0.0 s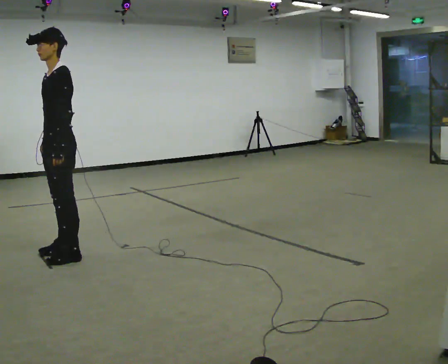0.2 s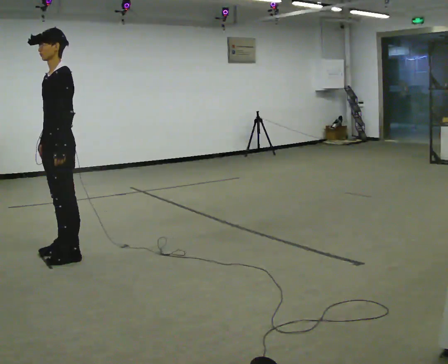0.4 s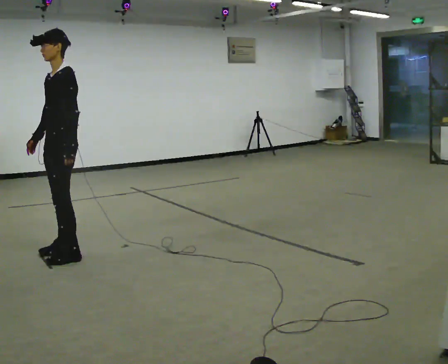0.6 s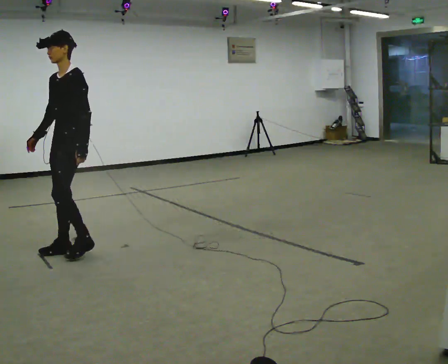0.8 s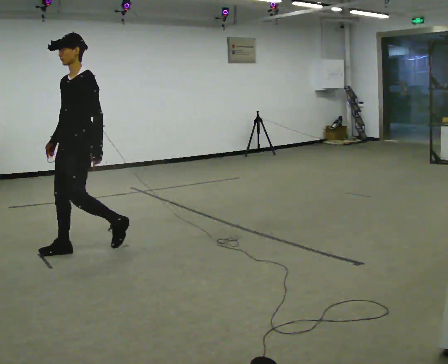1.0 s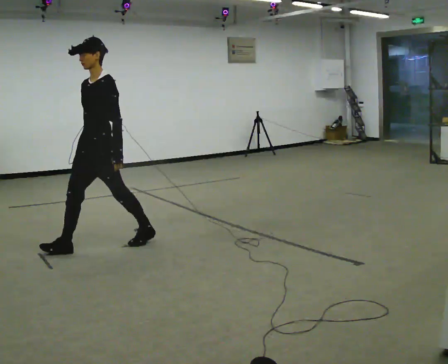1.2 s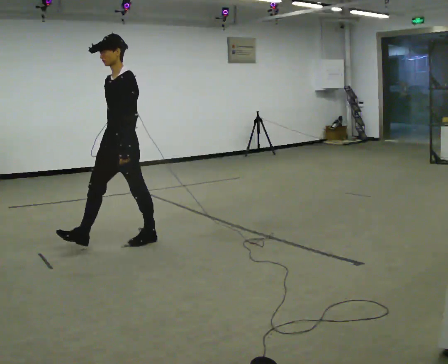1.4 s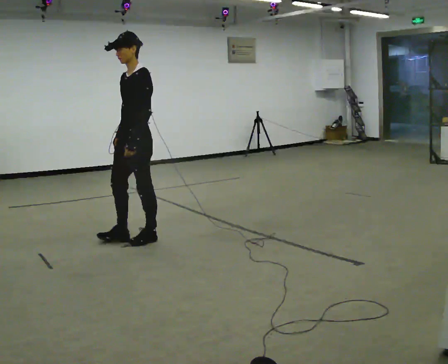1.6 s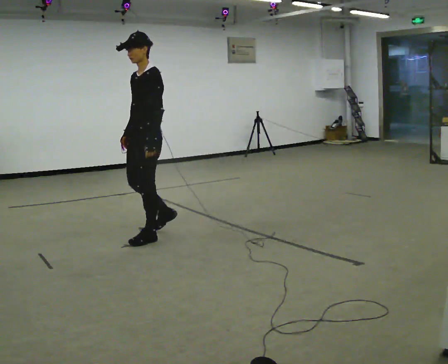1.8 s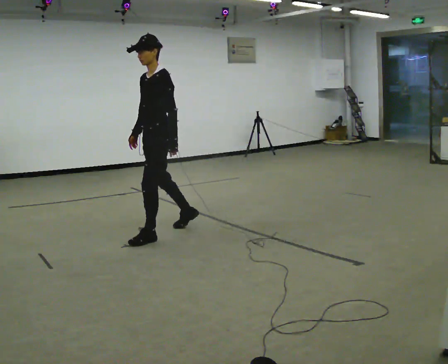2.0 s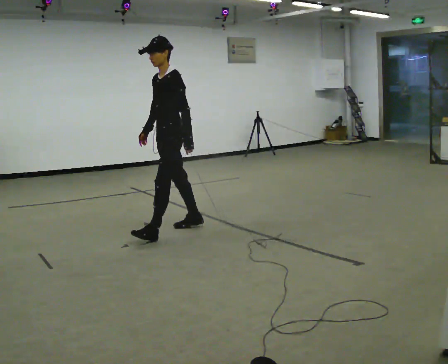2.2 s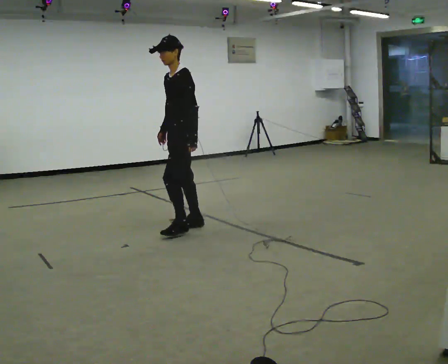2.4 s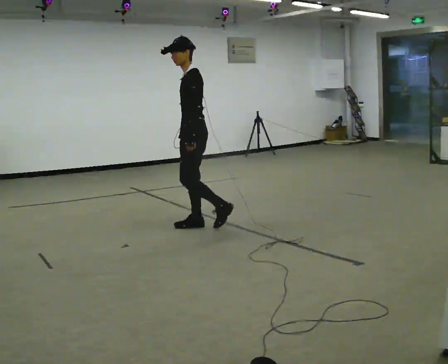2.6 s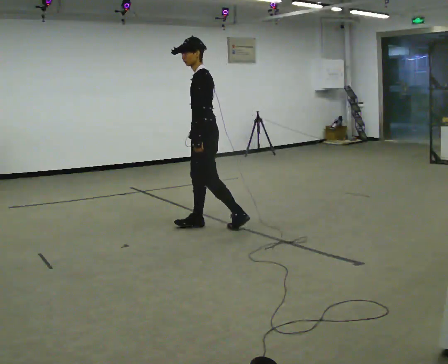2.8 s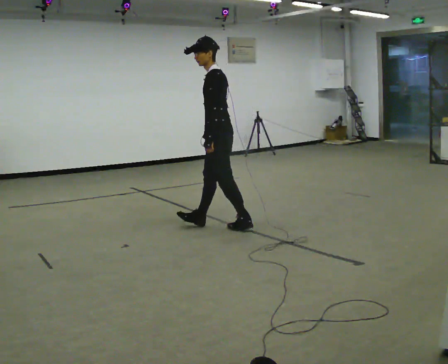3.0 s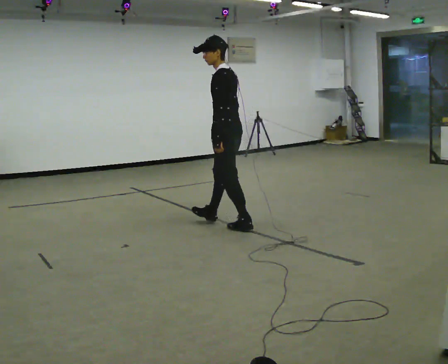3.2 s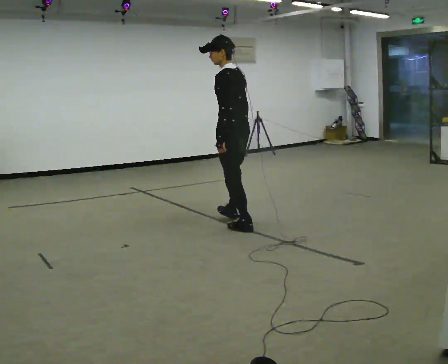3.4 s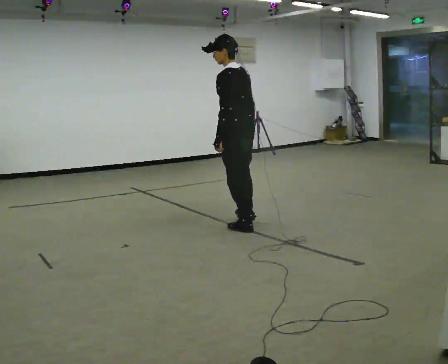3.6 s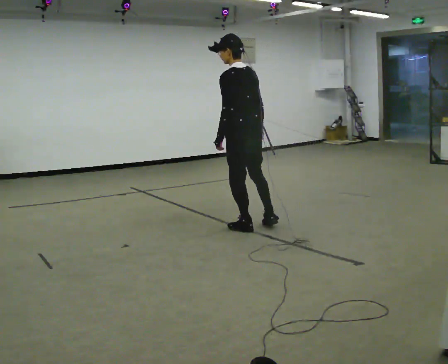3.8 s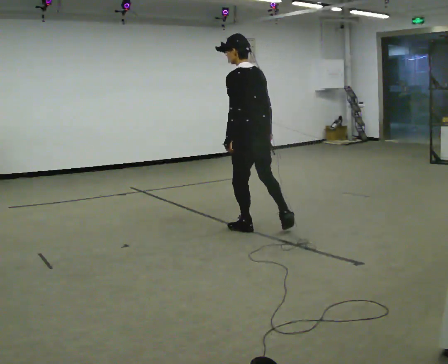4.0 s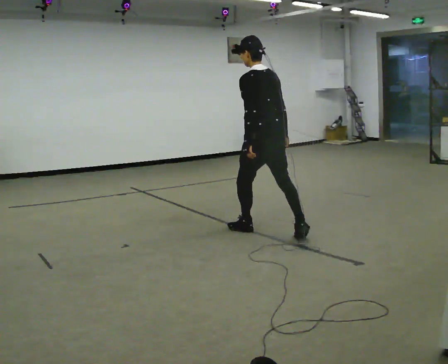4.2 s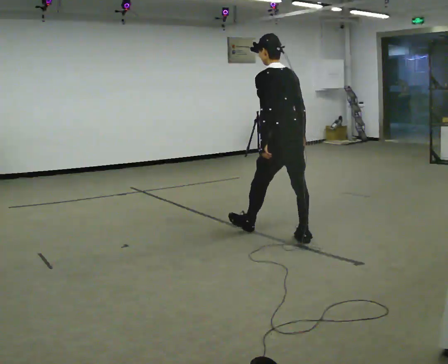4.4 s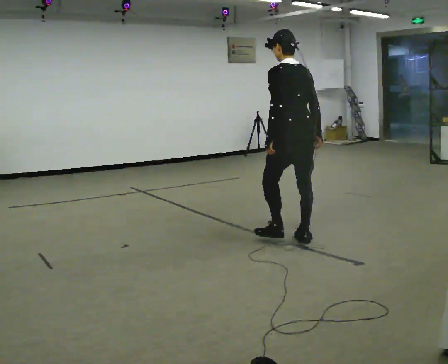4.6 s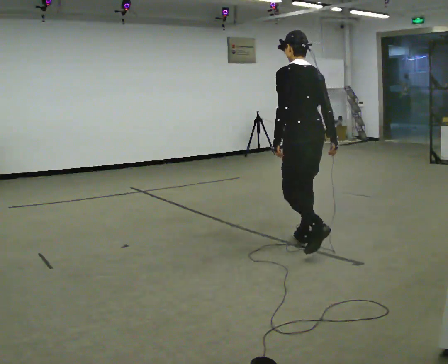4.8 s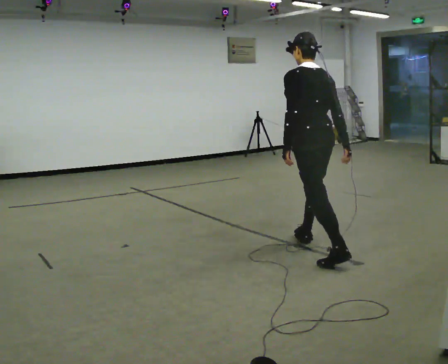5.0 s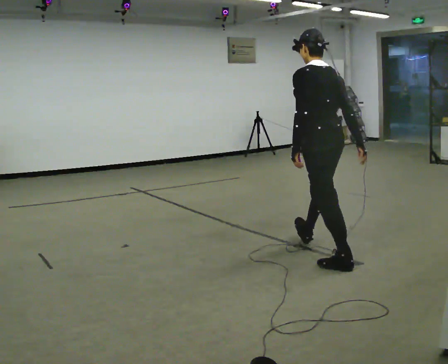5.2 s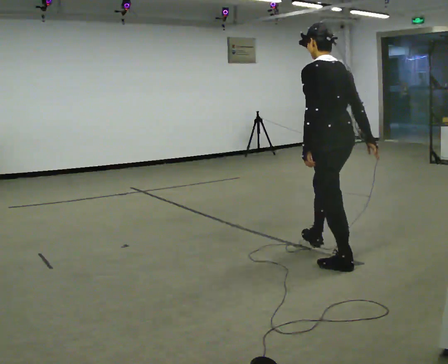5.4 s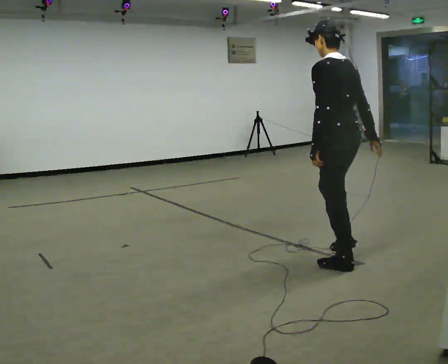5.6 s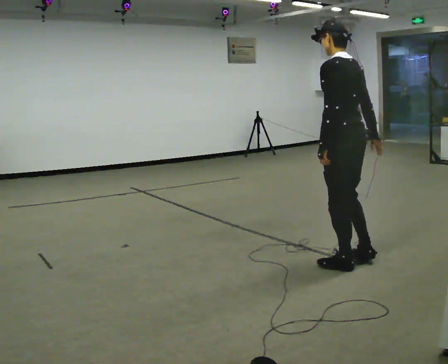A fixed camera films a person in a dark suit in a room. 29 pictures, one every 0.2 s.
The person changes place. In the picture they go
to the right.
The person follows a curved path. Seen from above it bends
clockwise.
0.0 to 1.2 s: In the picture they go to the right and away from the camera, about 0.5 m in 2 steps, which for them is backward.
1.2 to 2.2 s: In the picture they go away from the camera and to the right, about 0.75 m in 1 step, which for them is backward.
2.2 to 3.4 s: The part of the body nearest the lens slides to the left as the person turns to their right by about 60 degrees. In the picture they go to the right, about 0.5 m in 1 step.
3.4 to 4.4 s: In the picture they go to the right and toward the camera, about 0.5 m in 1 step, which for them is backward.
4.4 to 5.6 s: In the picture they go toward the camera, about 0.5 m in 1 step, which for them is backward.
The film runs backward here.
